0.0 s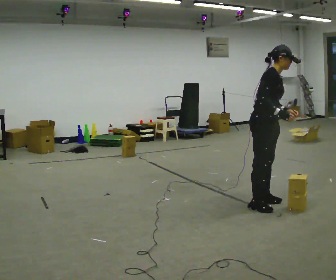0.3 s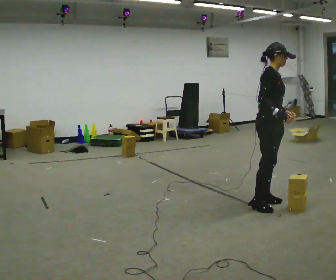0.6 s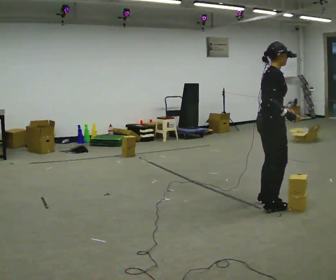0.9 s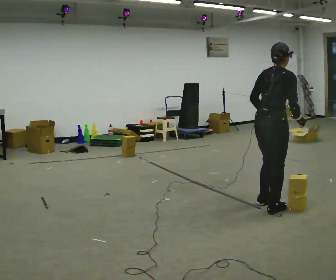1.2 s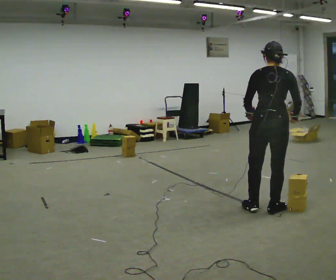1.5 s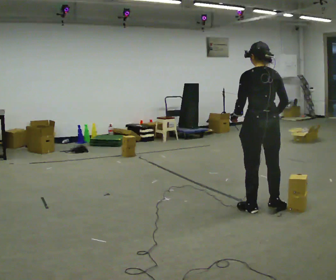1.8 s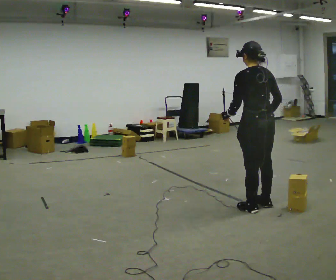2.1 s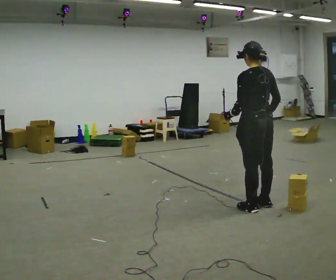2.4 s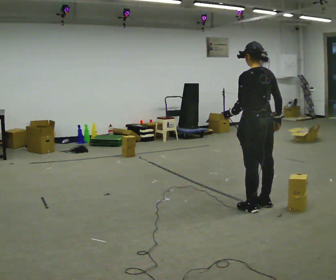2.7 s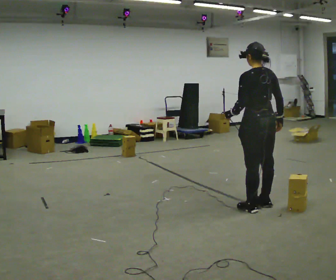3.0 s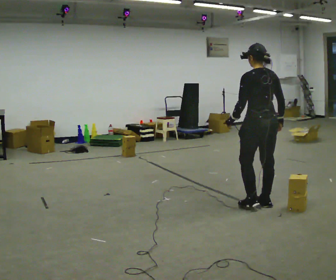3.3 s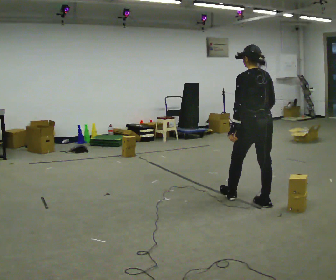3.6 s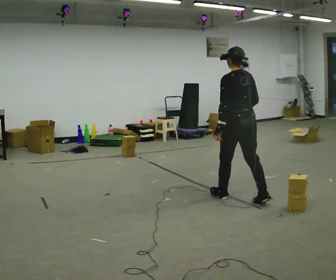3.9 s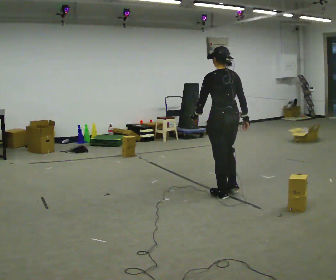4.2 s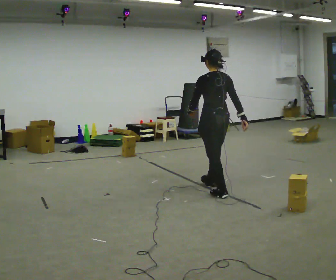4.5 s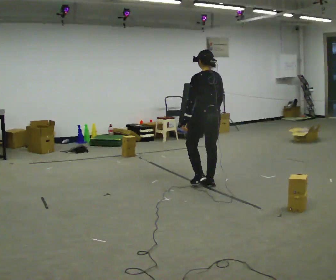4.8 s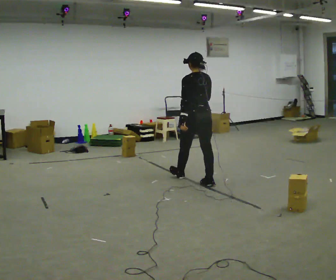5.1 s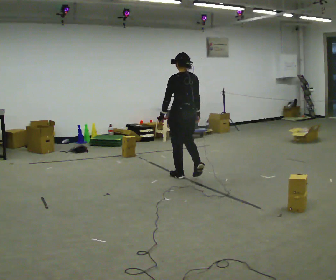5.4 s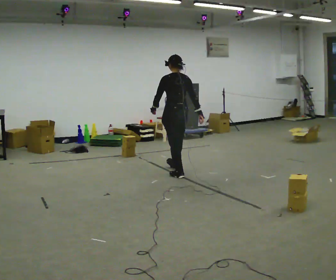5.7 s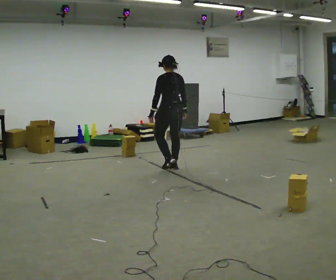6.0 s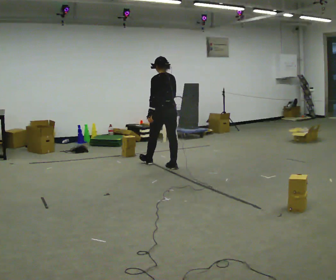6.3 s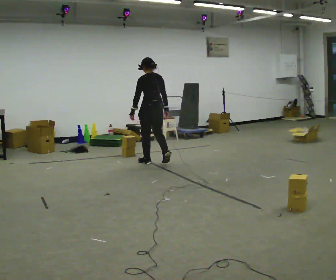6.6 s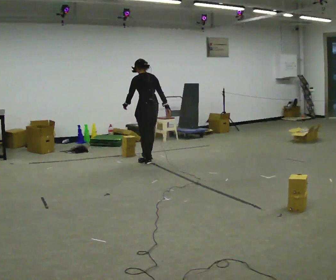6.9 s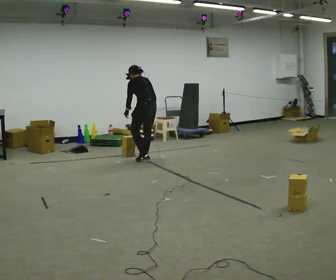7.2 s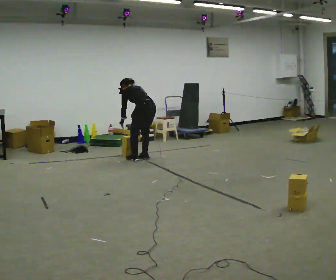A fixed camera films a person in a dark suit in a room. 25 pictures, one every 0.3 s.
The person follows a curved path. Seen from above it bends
clockwise.
0.0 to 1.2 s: The person turns about 105 degrees to their left, counterclockwise seen from above, so the part of the body nearest the lens slides to the right. In the picture they go toward the camera, about 0.25 m in 2 steps.
1.2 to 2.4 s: Seen from above the body turns counterclockwise, about 30 degrees: to their left, with its near side sliding to the right.
2.4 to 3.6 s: In the picture they go away from the camera and to the left, about 0.25 m in 1 step, which for them is forward.
3.6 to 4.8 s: In the picture they go away from the camera and to the left, about 1 m in 2 steps, which for them is forward.
4.8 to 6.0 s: In the picture they go away from the camera and to the left, about 1 m in 1 step, which for them is forward.
6.0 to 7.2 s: In the picture they go away from the camera and to the left, about 0.5 m in 3 steps, which for them is forward. The upper body goes downward. In the picture the upper body tilts counterclockwise, shoulders to the left, as they bend forward.
The film runs forward here.
